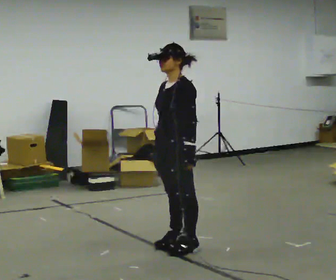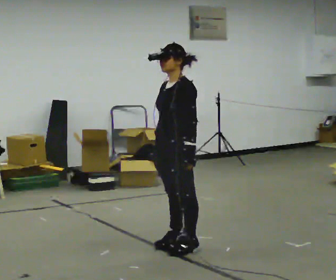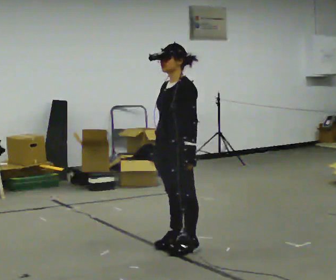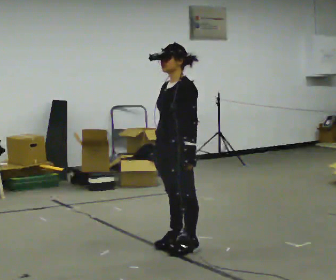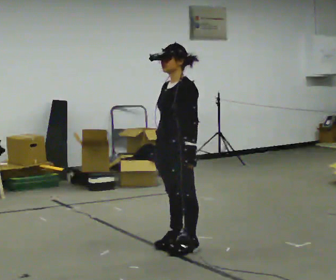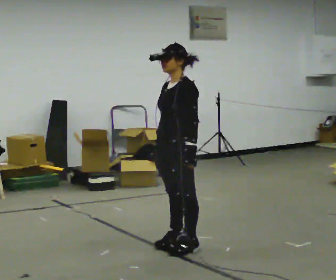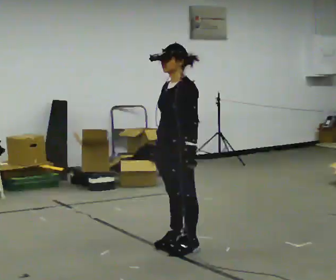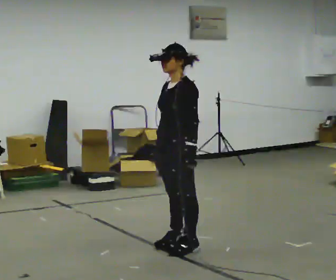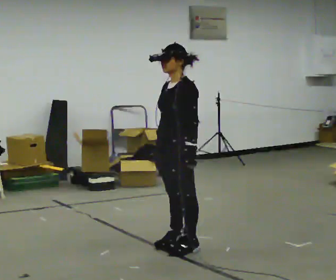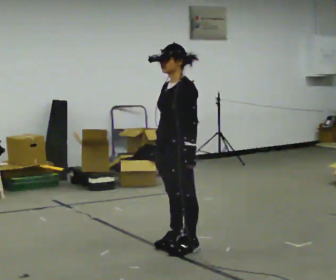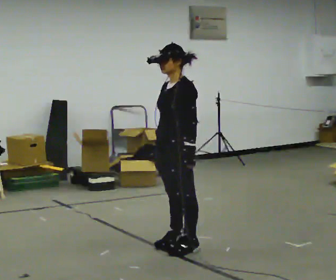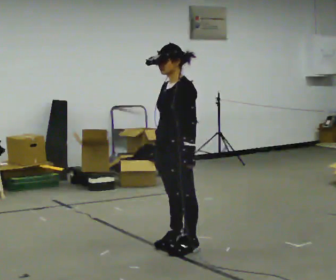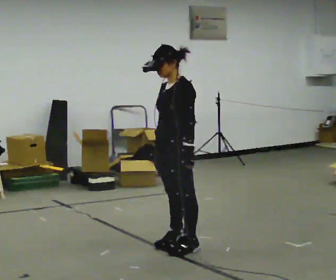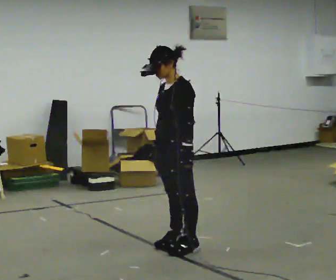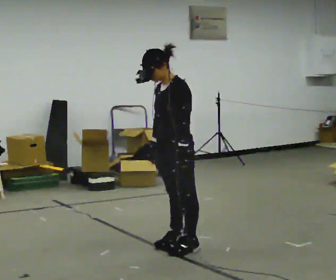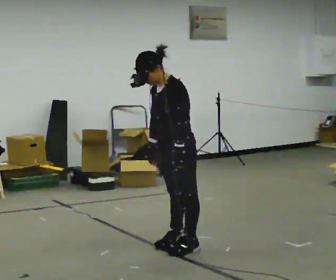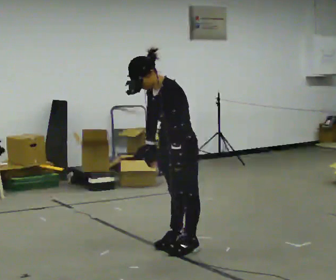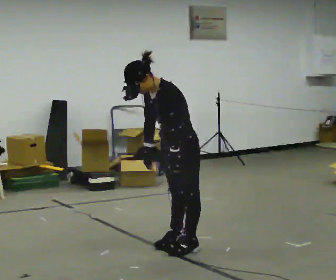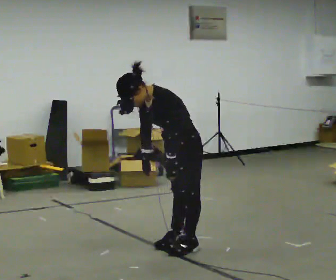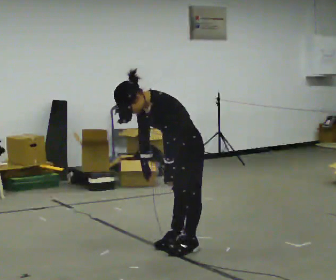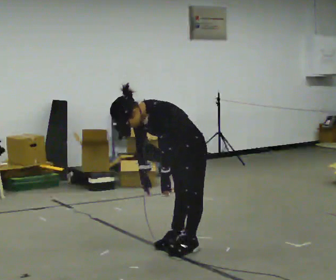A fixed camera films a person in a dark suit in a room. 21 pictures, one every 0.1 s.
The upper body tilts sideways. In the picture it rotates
counterclockwise.
0.0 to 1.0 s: The person keeps their place and pose.
1.0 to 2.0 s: The upper body goes downward. In the picture the upper body tilts counterclockwise, shoulders to the left, as they bend forward.
The film runs forward here.
